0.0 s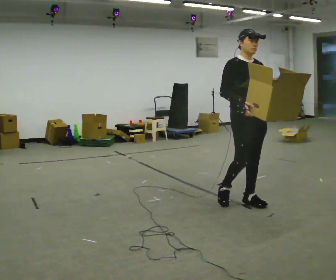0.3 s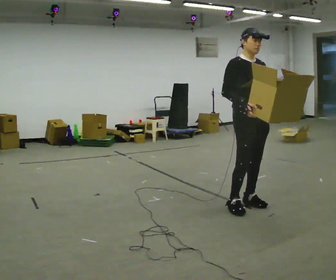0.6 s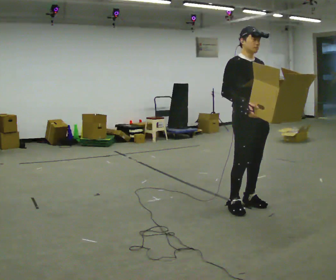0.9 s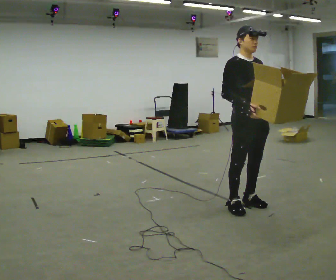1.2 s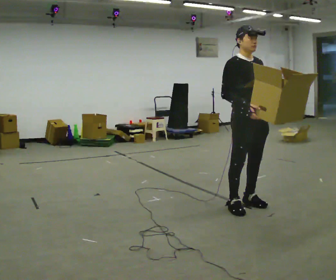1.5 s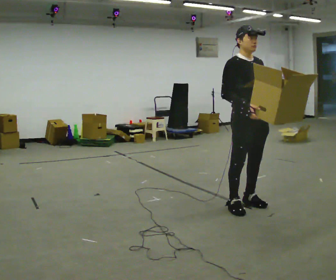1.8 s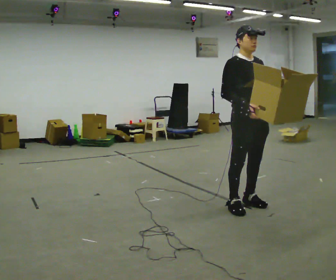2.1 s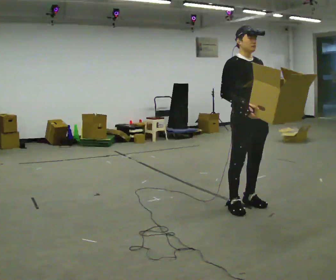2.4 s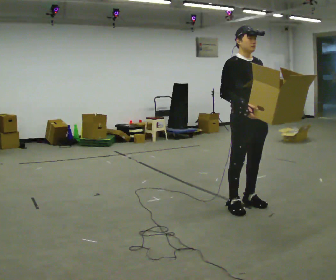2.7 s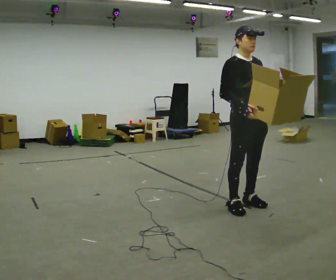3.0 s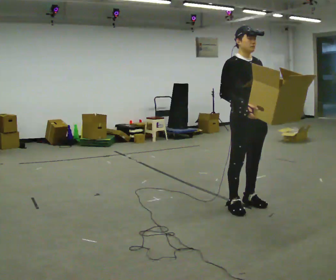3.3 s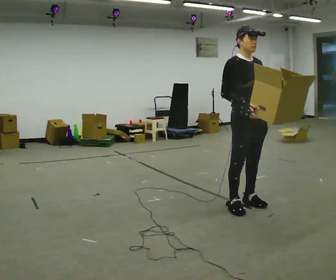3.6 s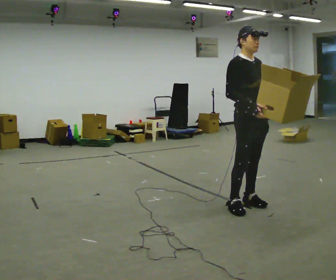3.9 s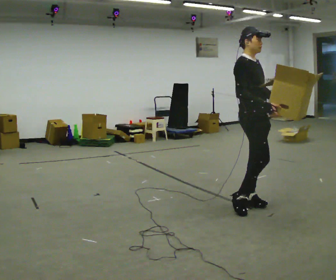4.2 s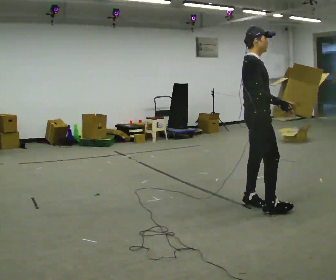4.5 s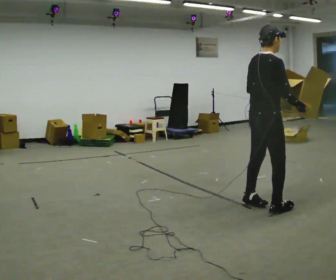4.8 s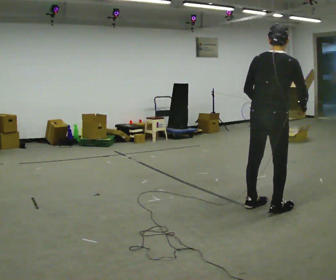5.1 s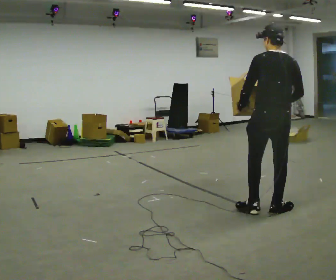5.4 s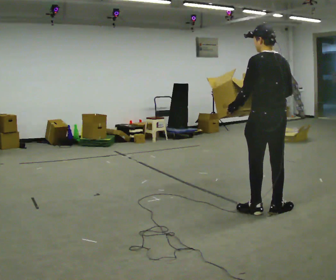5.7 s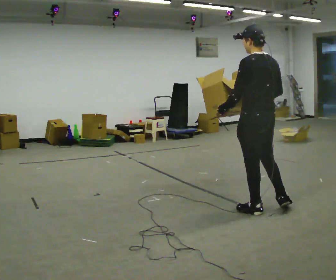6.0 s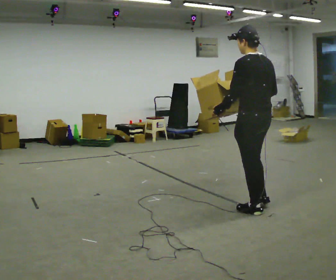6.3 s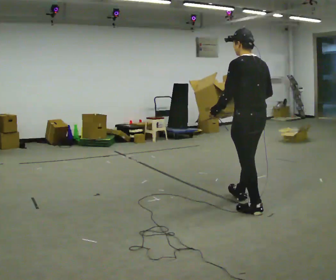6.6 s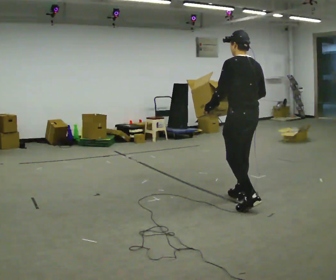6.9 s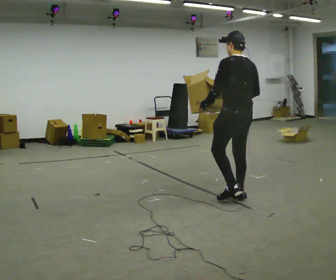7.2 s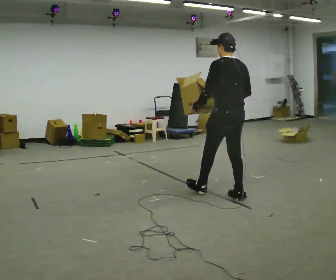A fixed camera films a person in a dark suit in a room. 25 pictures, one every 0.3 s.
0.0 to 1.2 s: The person moves a little, or ends about where they began.
1.2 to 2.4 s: The person keeps their place and pose.
2.4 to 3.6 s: The person moves a little, or ends about where they began.
3.6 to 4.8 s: The person turns about 105 degrees to their left, counterclockwise seen from above, so the part of the body nearest the lens slides to the right. In the picture they go to the right and toward the camera, about 0.25 m in 1 step. In the picture the upper body tilts clockwise, shoulders to the right.
4.8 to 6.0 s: Seen from above the body turns counterclockwise, about 75 degrees: to their left, with its near side sliding to the right.
6.0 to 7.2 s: In the picture they go away from the camera and to the left, about 0.5 m in 1 step, which for them is forward.
The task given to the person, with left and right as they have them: Carry the open container of water across the room without spilling it, back and forth.
The film runs forward here.
